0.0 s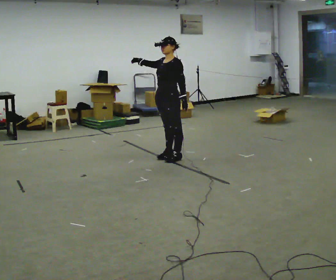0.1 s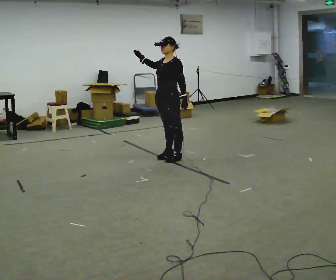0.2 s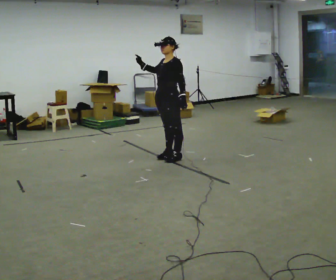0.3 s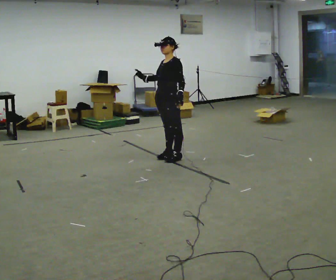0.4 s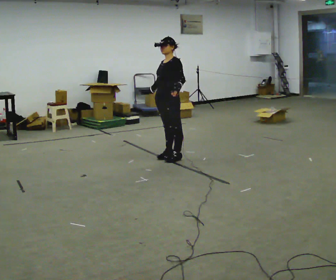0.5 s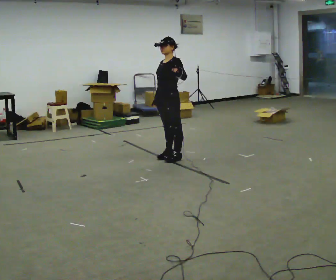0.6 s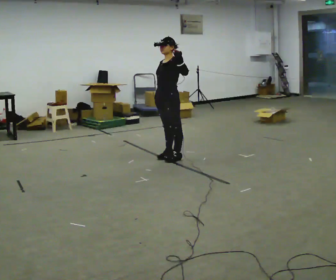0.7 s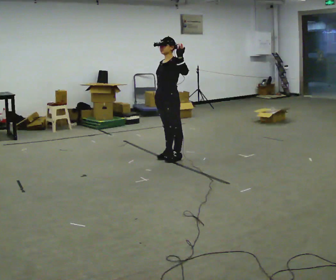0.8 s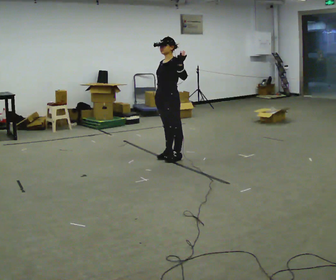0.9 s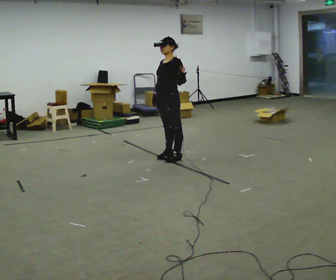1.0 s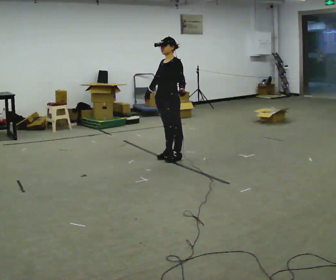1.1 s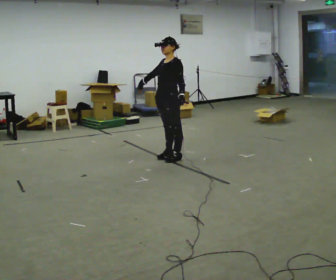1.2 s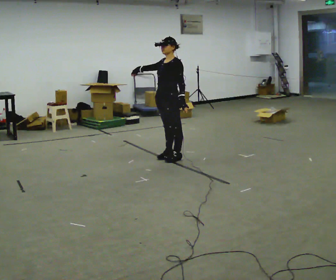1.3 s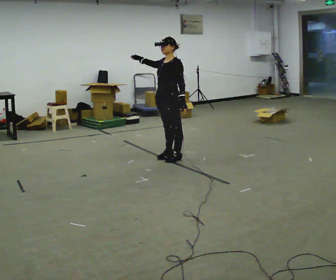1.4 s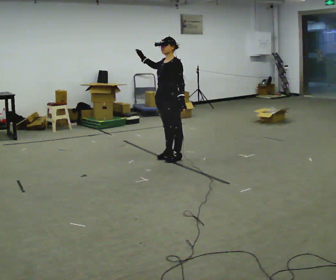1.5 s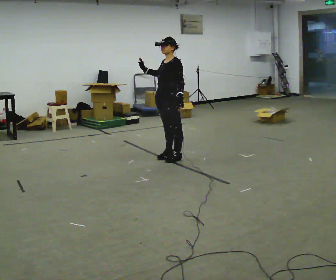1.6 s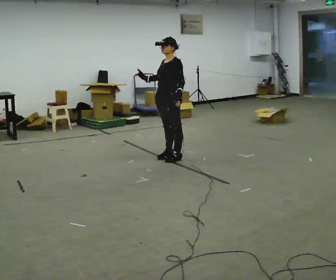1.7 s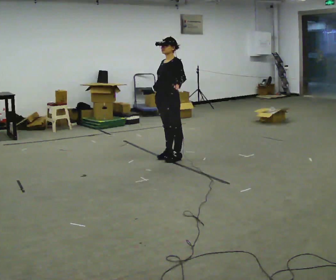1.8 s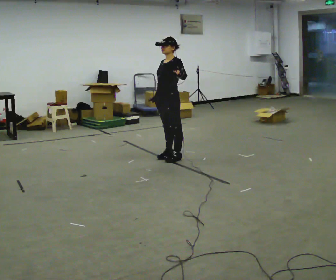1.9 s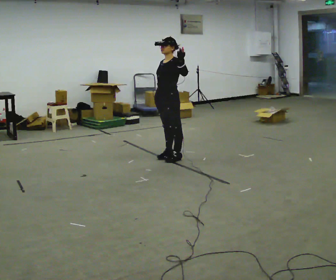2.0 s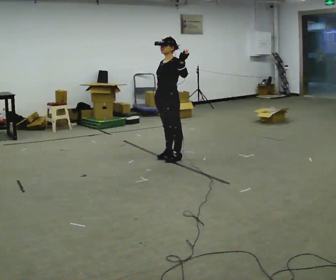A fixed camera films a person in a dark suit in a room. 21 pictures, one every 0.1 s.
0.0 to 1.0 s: In the picture their right hand goes downward.
1.0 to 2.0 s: In the picture their left hand goes upward.
The film runs forward here.
